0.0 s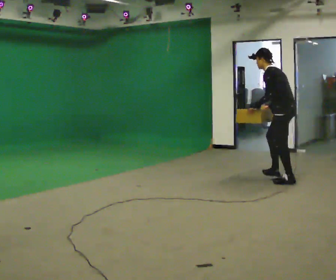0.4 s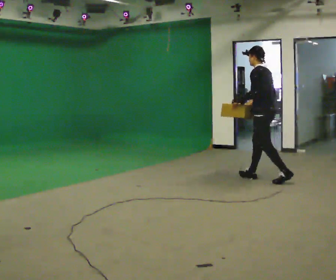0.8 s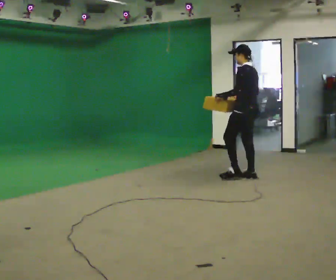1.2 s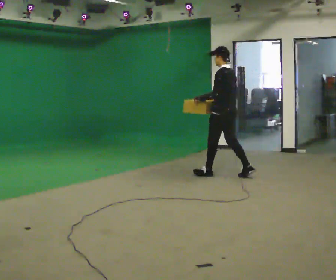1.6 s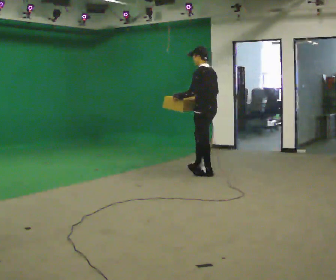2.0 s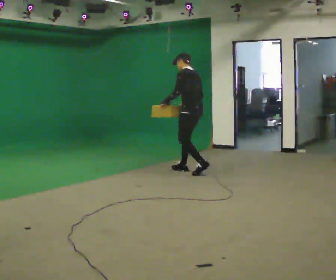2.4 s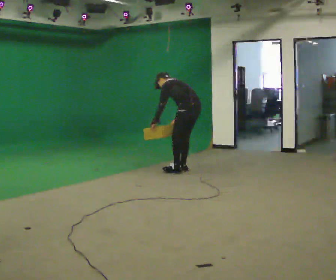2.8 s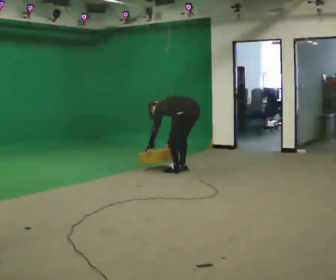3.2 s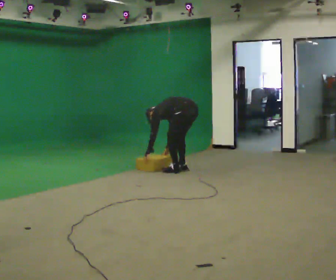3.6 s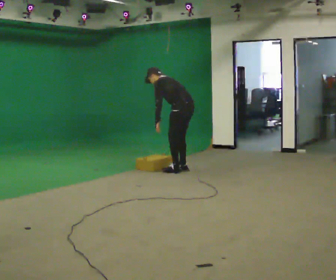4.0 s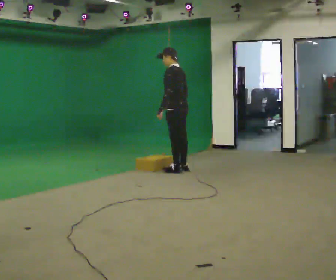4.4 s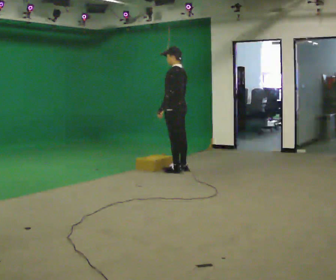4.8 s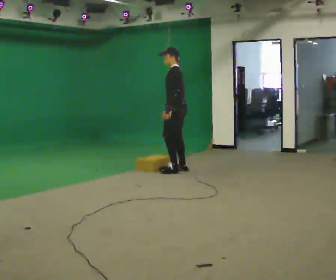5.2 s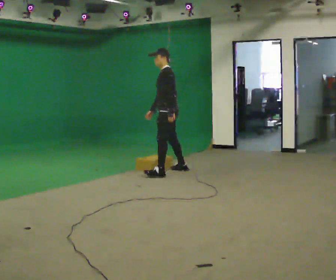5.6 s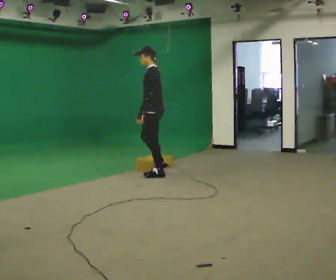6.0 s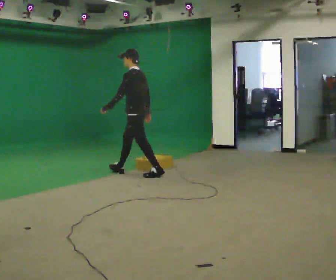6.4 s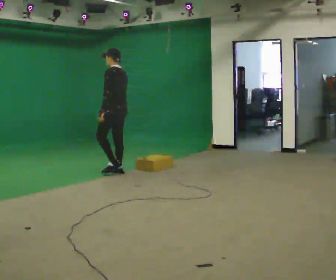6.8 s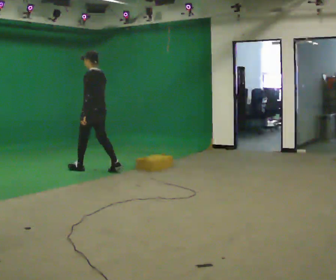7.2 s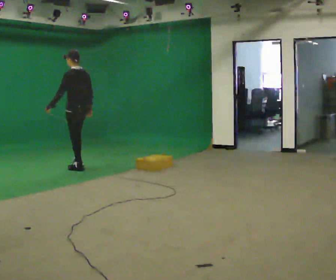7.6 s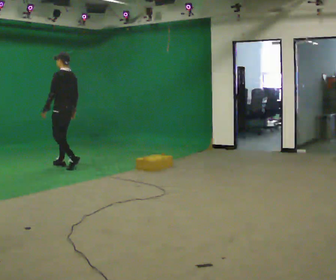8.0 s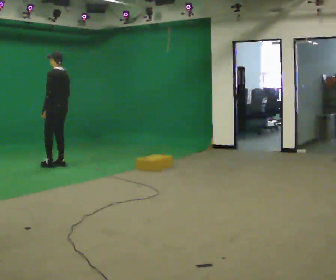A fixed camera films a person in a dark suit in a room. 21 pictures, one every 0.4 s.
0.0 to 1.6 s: In the picture they go to the left and away from the camera, about 1 m in 2 steps, which for them is forward.
1.6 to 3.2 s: In the picture they go to the left and away from the camera, about 0.25 m in 2 steps, which for them is forward. The upper body goes downward. In the picture the upper body tilts counterclockwise, shoulders to the left, as they bend forward. In the picture their right hand goes downward.
3.2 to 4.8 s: The part of the body nearest the lens slides to the right as the person turns to their left by about 30 degrees. The upper body goes upward. In the picture the upper body tilts clockwise, shoulders to the right, as they lean back or straighten. In the picture their left hand goes upward and to the right.
4.8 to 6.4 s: In the picture they go to the left, about 1 m in 2 steps, which for them is forward.
6.4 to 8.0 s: In the picture they go to the left, about 1 m in 3 steps, which for them is forward.
The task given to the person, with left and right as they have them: Start still; walk straight at normal comfortable speed; stop at endpoint.
The film runs forward here.
